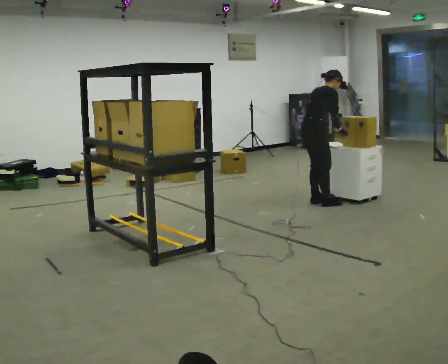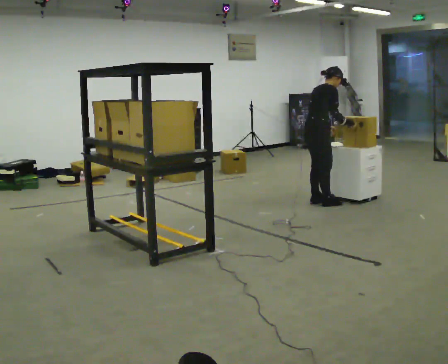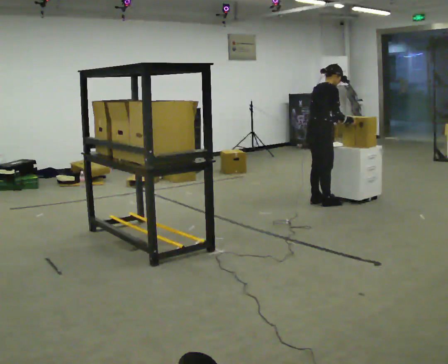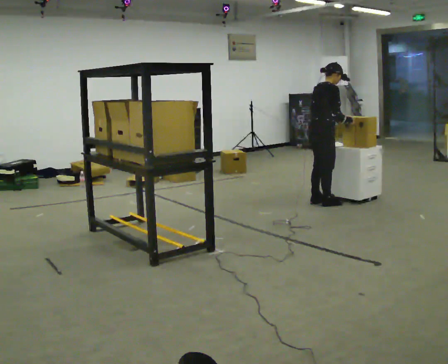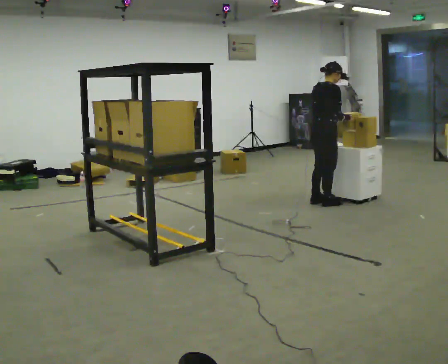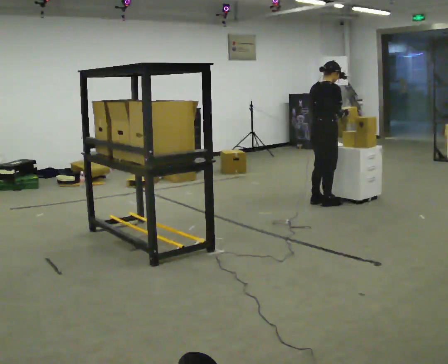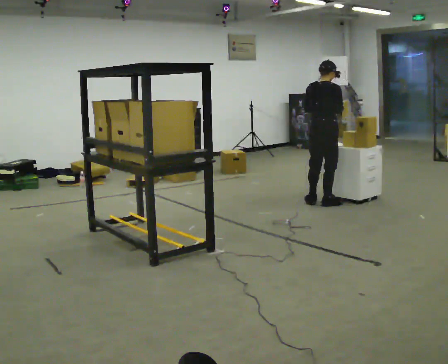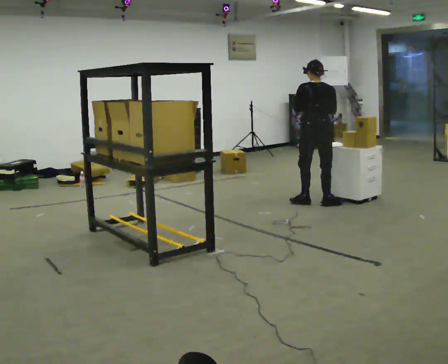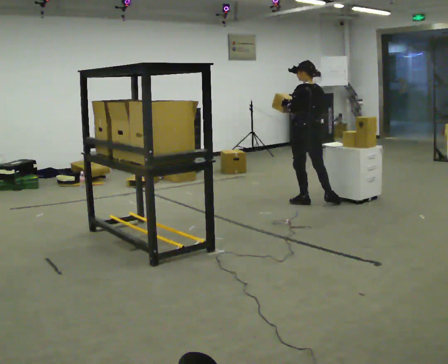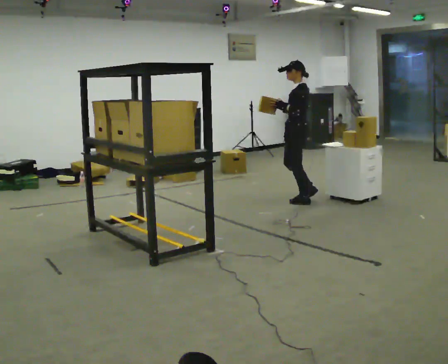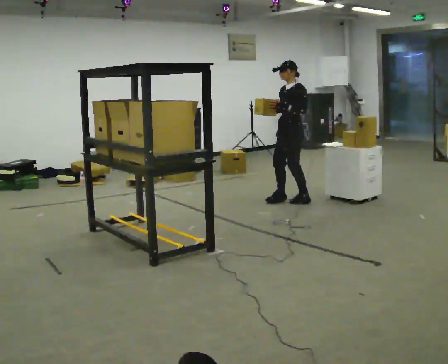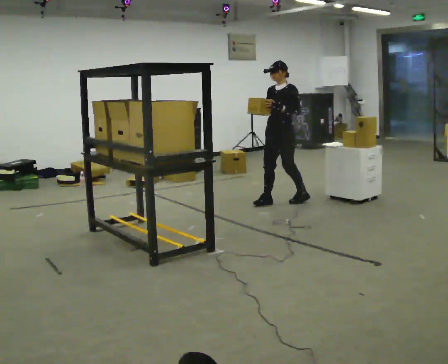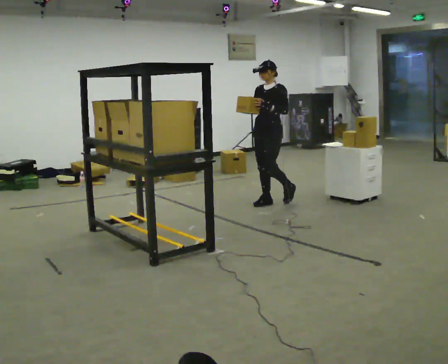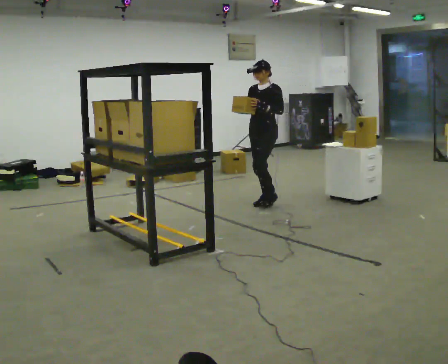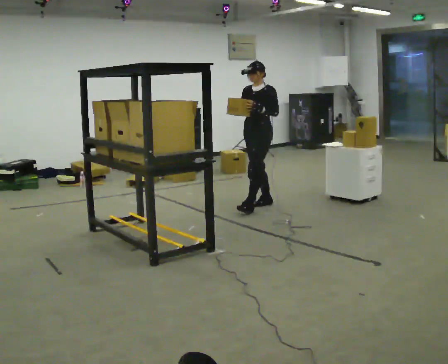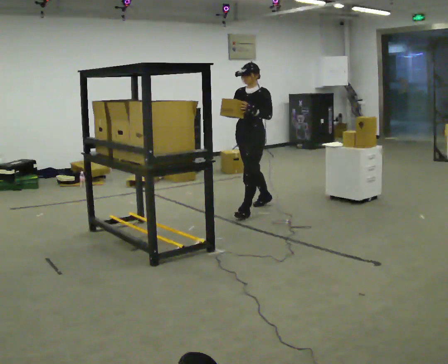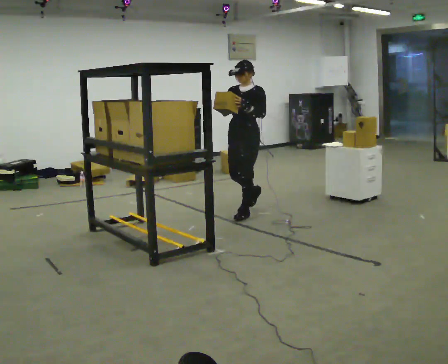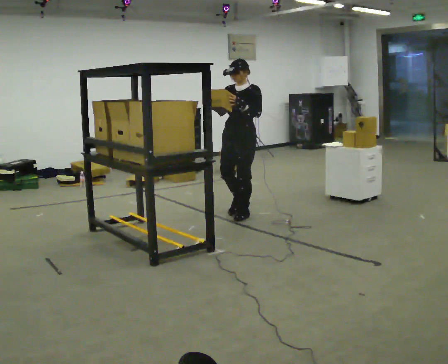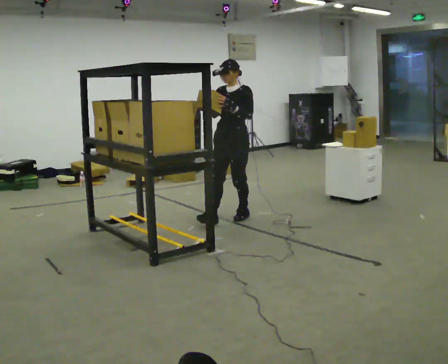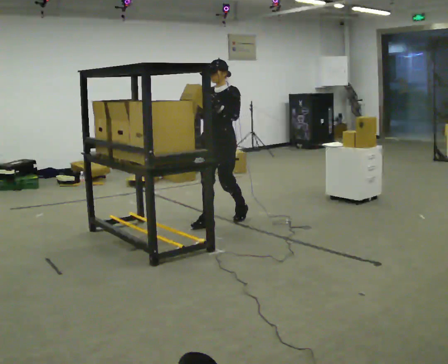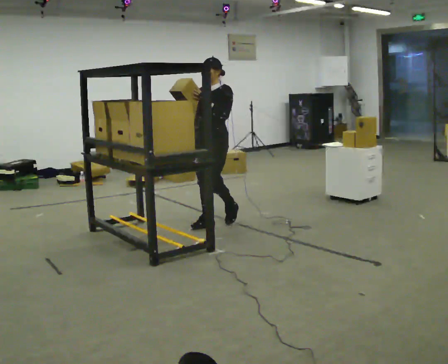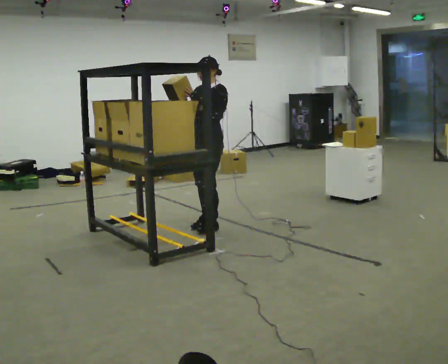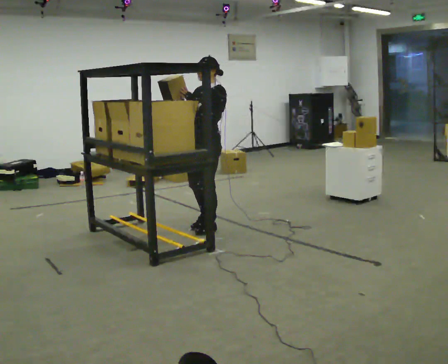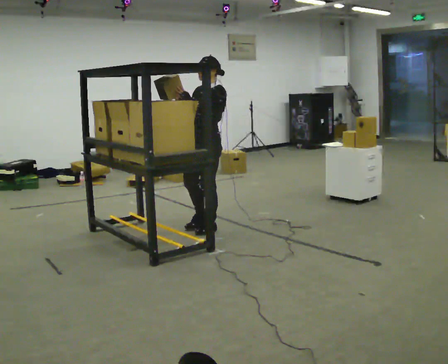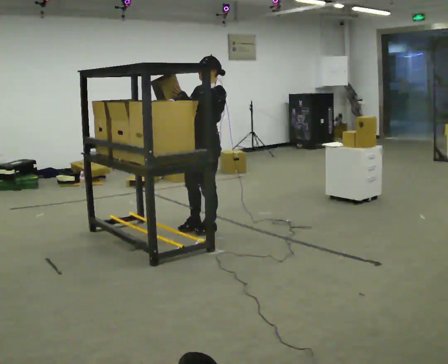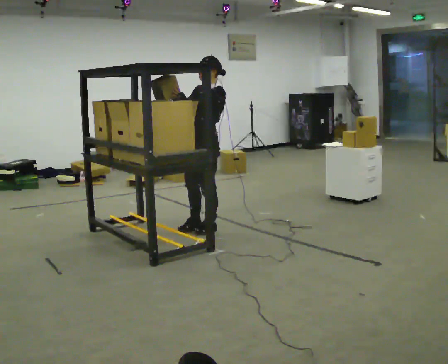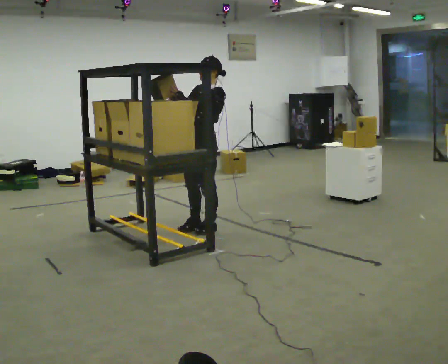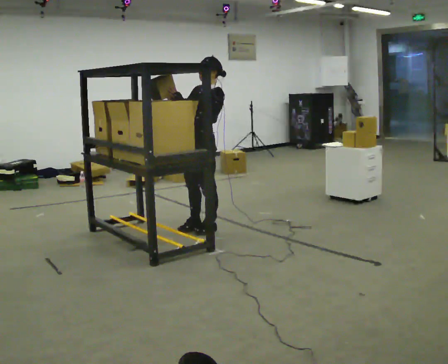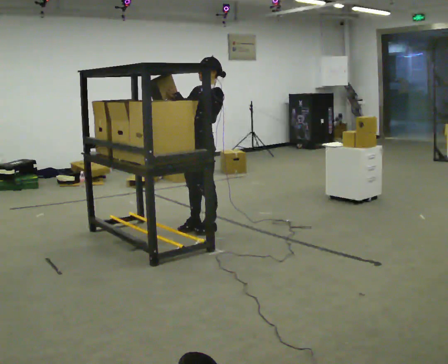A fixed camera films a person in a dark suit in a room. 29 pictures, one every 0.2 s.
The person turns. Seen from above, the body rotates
counterclockwise.
The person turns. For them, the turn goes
to their left.
0.0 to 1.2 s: The part of the body nearest the lens slides to the right as the person turns to their left by about 45 degrees. In the picture the upper body tilts counterclockwise, shoulders to the left, as they lean back or straighten.
1.2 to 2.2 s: The part of the body nearest the lens slides to the right as the person turns to their left by about 150 degrees. In the picture they go to the left and away from the camera, about 0.5 m in 1 step.
2.2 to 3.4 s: In the picture they go toward the camera and to the left, about 0.75 m in 1 step, which for them is forward.
3.4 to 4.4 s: In the picture they go toward the camera and to the left, about 0.5 m in 2 steps, which for them is forward.
4.4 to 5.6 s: The person moves a little, or ends about where they began.
The film runs forward here.
